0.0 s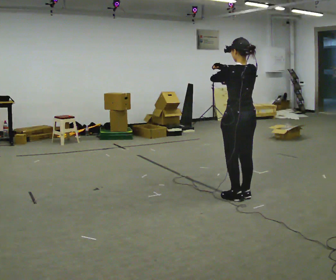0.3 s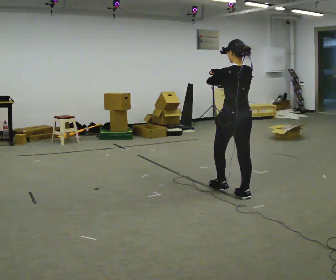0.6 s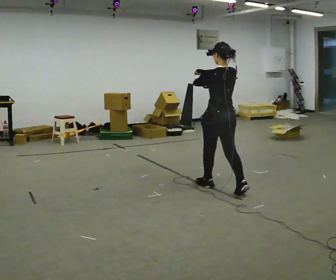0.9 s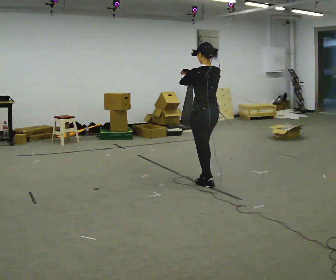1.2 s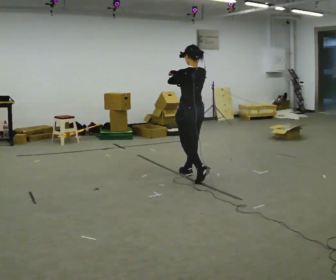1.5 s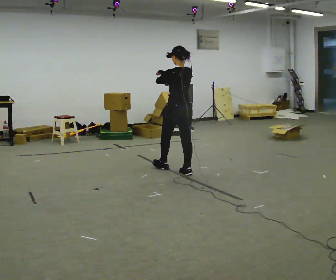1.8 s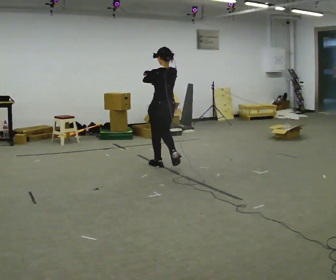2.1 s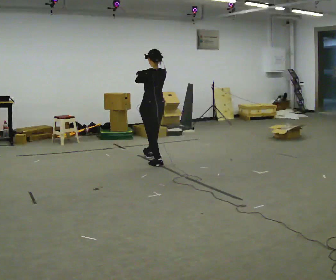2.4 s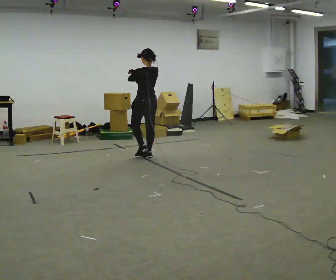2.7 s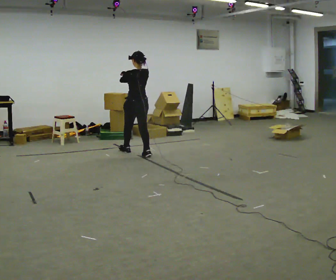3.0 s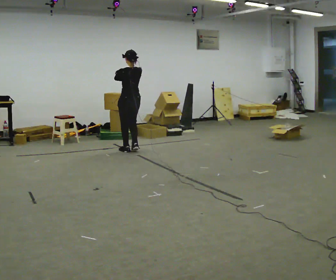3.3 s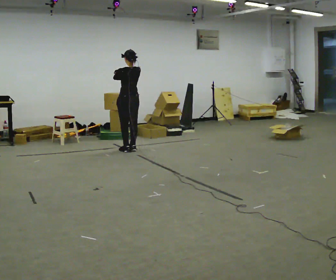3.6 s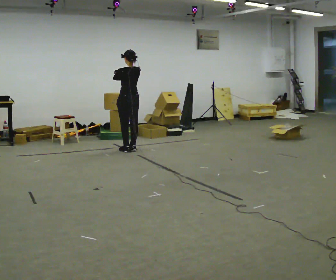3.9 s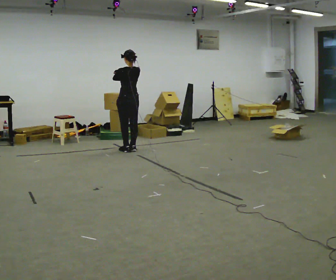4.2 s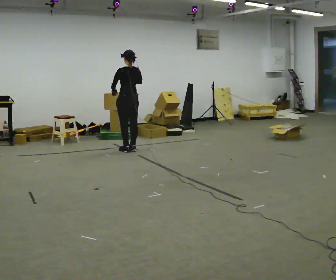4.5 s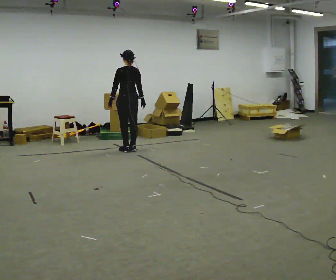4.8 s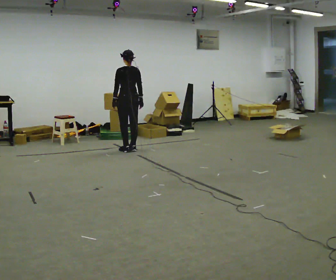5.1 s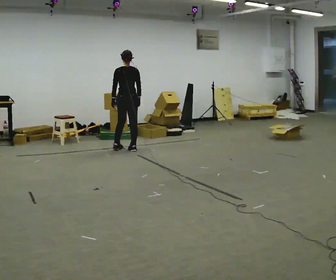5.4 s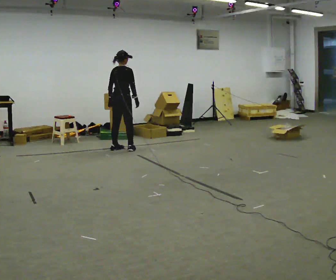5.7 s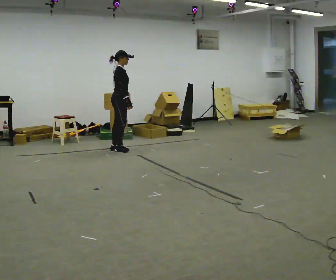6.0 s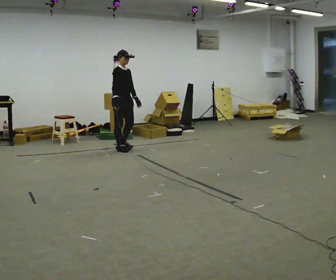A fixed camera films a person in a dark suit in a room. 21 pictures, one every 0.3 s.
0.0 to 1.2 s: In the picture they go away from the camera and to the left, about 1 m in 2 steps, which for them is forward.
1.2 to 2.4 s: In the picture they go away from the camera and to the left, about 1 m in 2 steps, which for them is forward.
2.4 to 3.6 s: In the picture they go away from the camera and to the left, about 0.5 m in 2 steps, which for them is forward.
3.6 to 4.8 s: In the picture their right hand goes downward and to the right.
4.8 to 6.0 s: The person turns about 150 degrees to their right, clockwise seen from above, so the part of the body nearest the lens slides to the left. In the picture their right hand goes to the left.
The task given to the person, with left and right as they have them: Walk normally but hold both hands together in front of you at chest height; do not swing your arms; stop.
The film runs forward here.
